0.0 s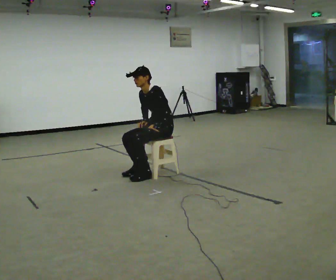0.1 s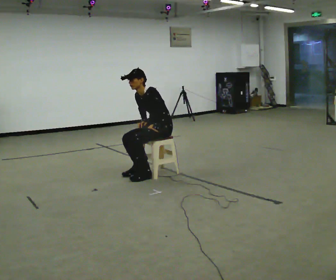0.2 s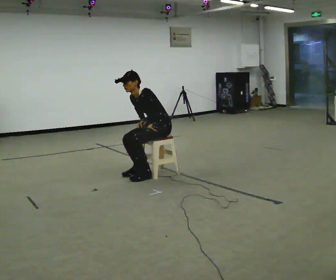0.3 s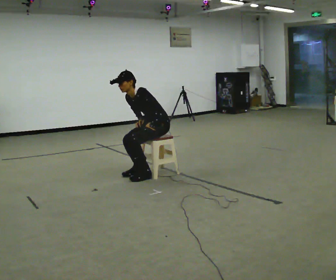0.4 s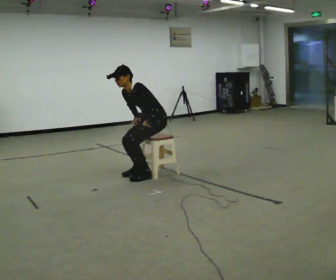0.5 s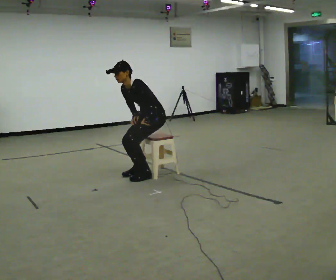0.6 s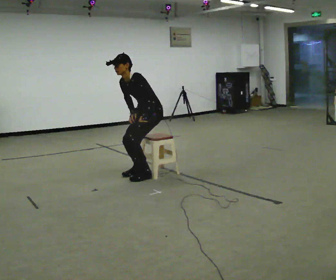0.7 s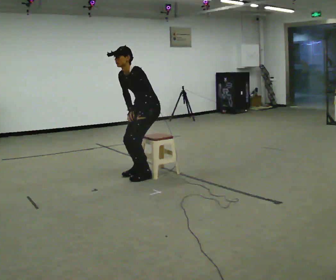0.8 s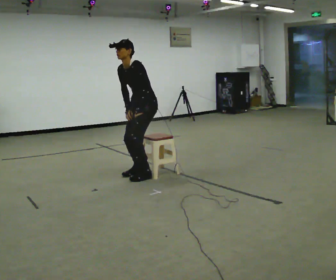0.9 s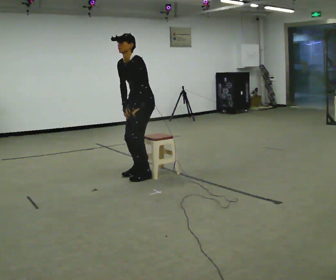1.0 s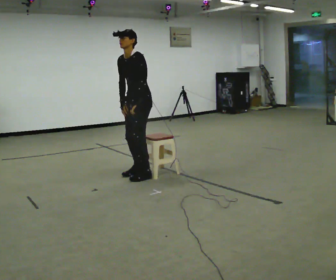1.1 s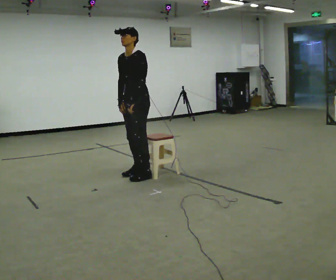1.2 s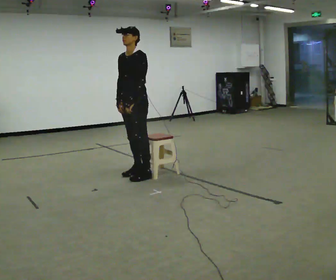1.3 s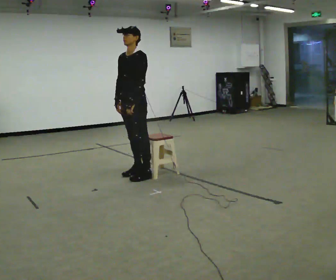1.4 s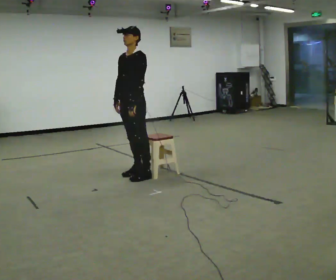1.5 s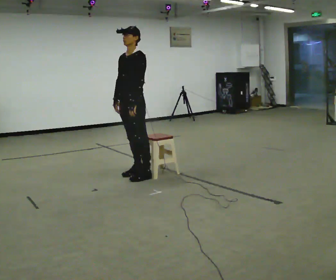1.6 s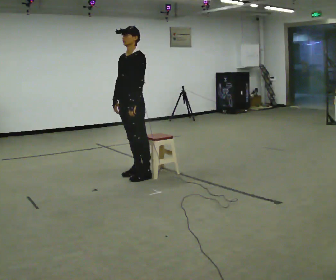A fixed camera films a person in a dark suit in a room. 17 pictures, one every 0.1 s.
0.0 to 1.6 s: In the picture they go to the left and toward the camera, about 0.5 m, which for them is forward. The upper body goes upward.
The film runs forward here.
